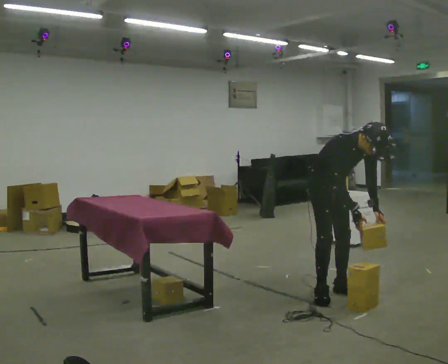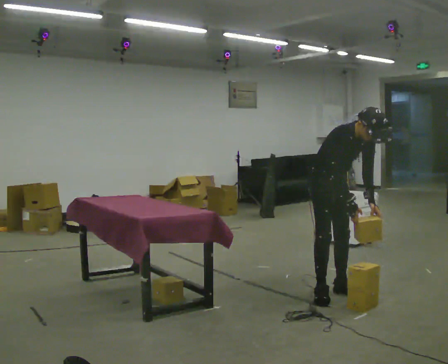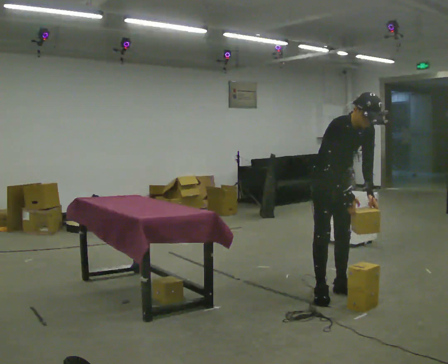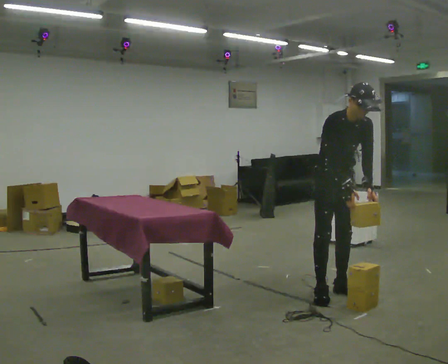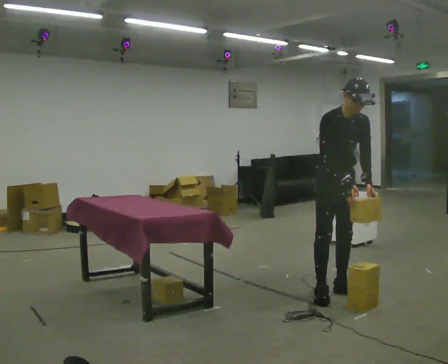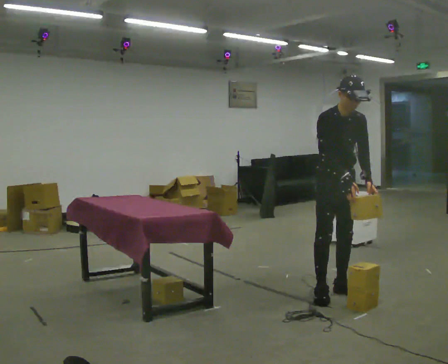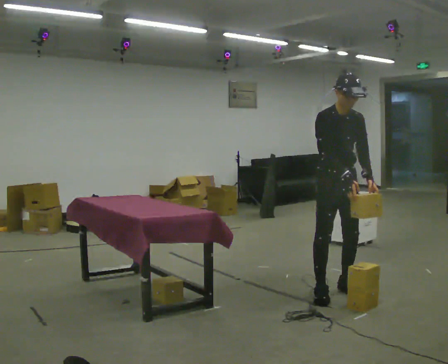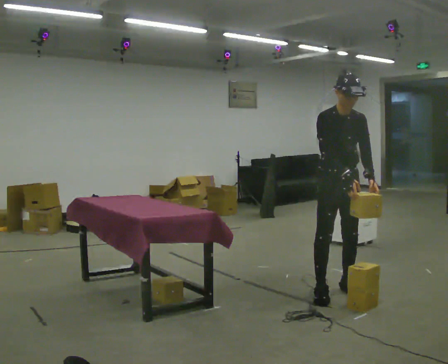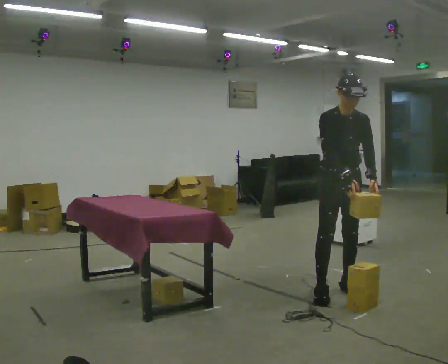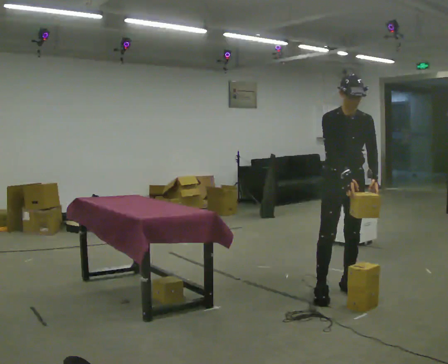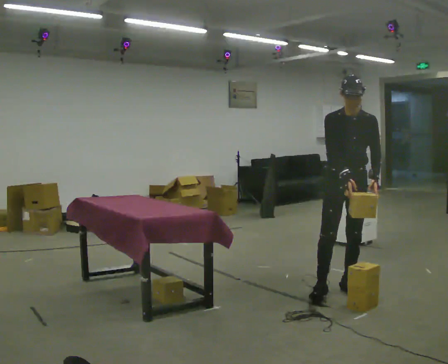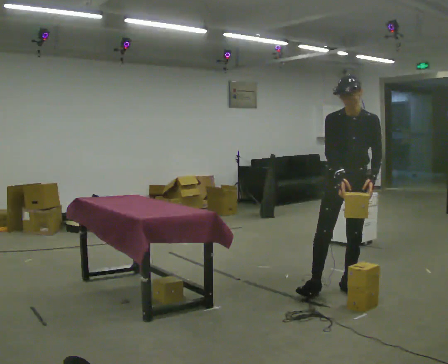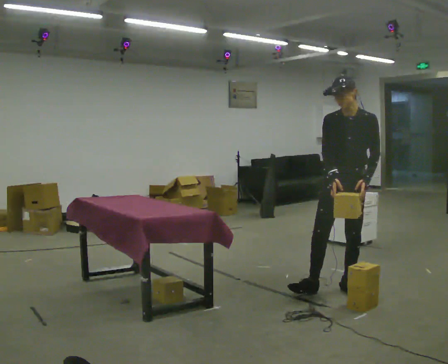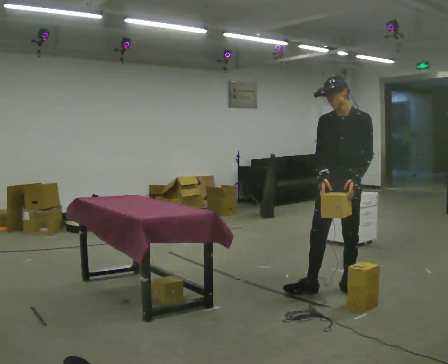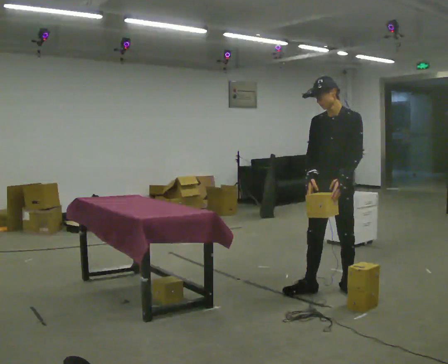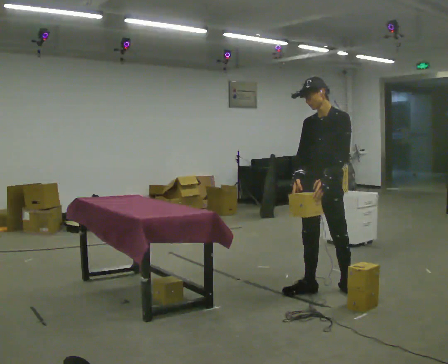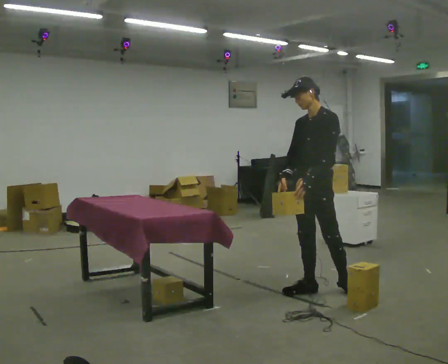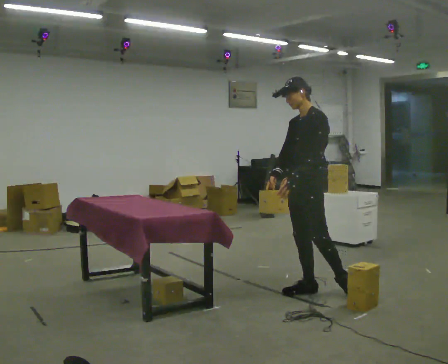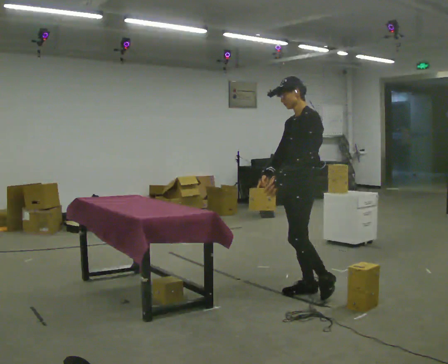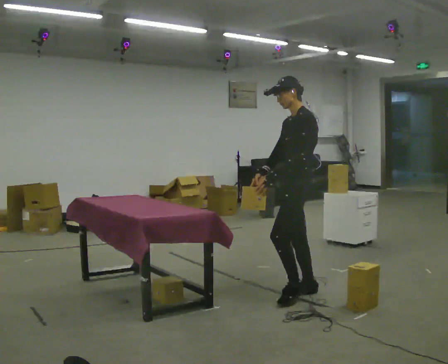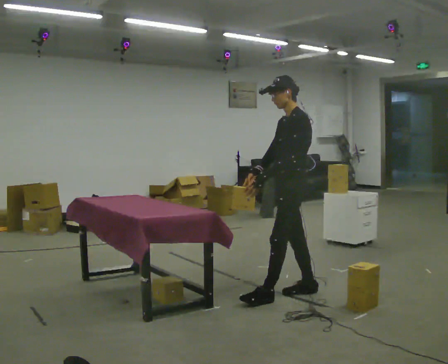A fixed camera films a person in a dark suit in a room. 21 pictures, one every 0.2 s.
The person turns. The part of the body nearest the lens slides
to the left.
The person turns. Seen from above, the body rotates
clockwise.
0.0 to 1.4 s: The shoulders move upward. The upper body tips away from the camera, its near side rolling upward, as they lean back or straighten.
1.4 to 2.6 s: Seen from above the body turns clockwise, about 45 degrees: to their right, with its near side sliding to the left.
2.6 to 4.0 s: Seen from above the body turns clockwise, about 45 degrees: to their right, with its near side sliding to the left. In the picture they go to the left, about 0.25 m in 1 step, which for them is forward and to their right.
The film runs forward here.
